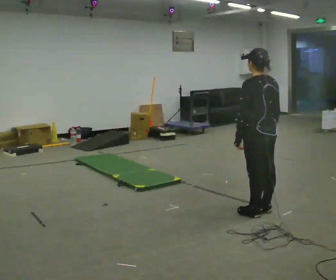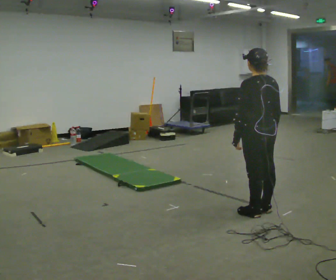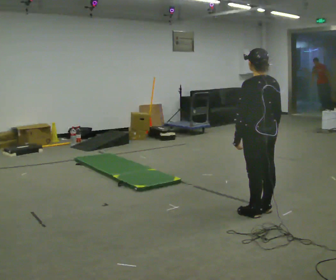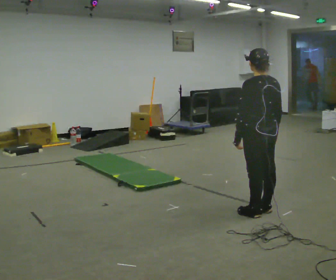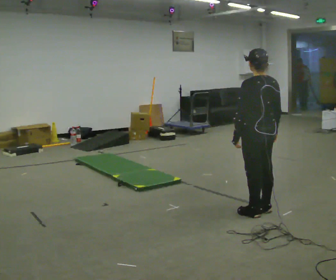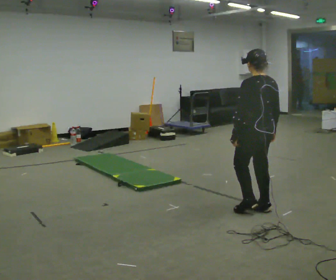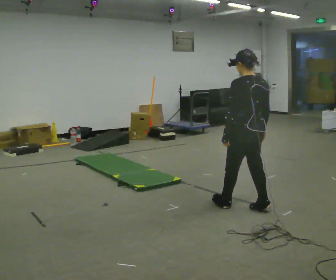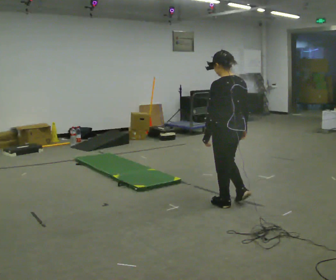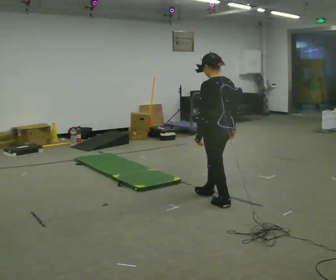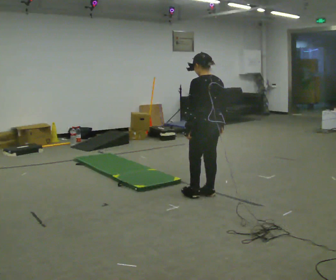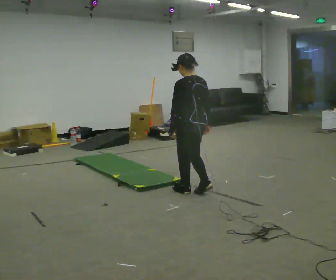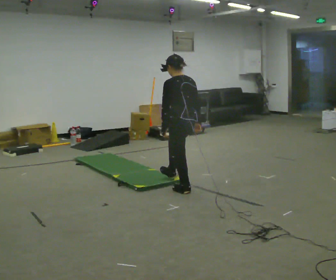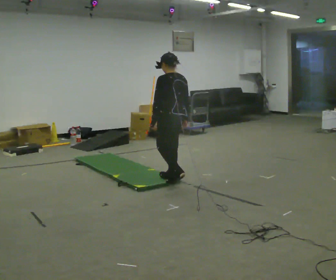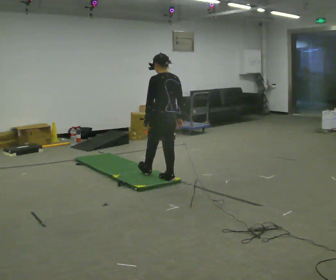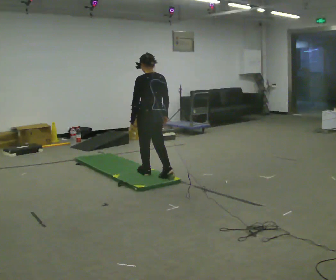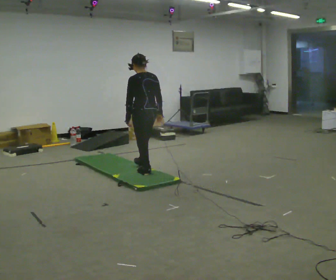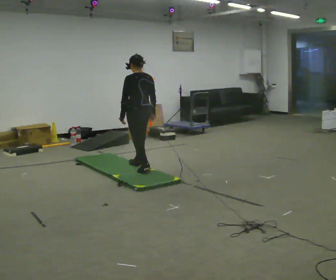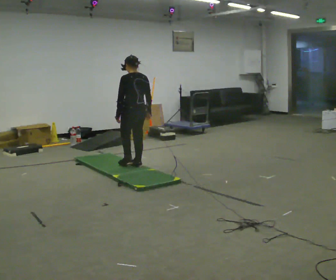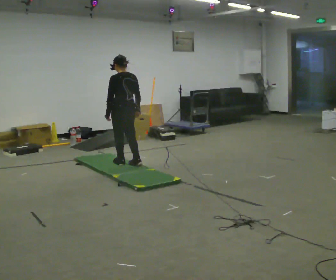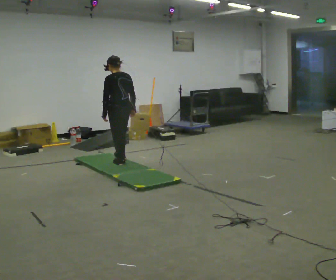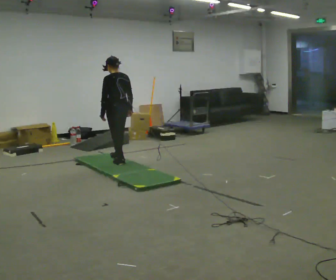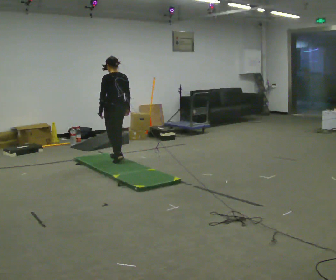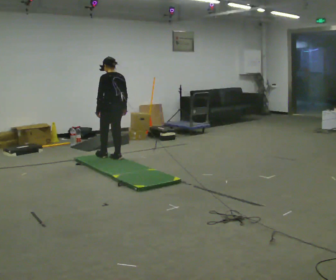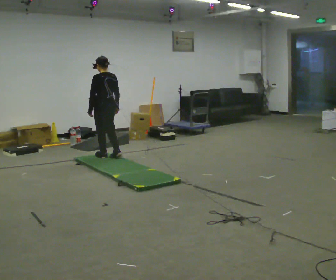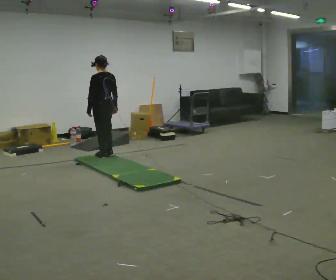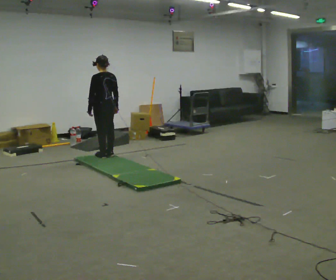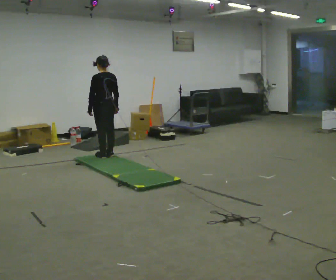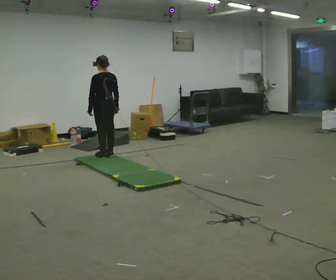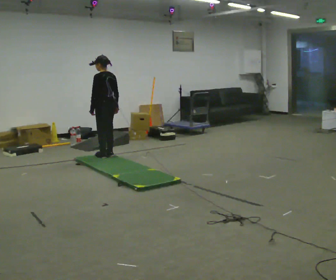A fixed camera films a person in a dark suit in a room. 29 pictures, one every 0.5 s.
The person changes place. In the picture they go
away from the camera.
0.0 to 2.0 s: The person moves a little, or ends about where they began.
2.0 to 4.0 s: In the picture they go away from the camera and to the left, about 0.5 m in 2 steps, which for them is forward.
4.0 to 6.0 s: In the picture they go away from the camera and to the left, about 1 m in 2 steps, which for them is forward.
6.0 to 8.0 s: In the picture they go away from the camera and to the left, about 0.75 m in 2 steps, which for them is forward.
8.0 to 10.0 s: In the picture they go away from the camera and to the left, about 0.5 m in 2 steps, which for them is forward.
10.0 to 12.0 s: In the picture they go away from the camera and to the left, about 0.5 m in 2 steps, which for them is forward.
12.0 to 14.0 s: The person moves a little, or ends about where they began.
The film runs forward here.
